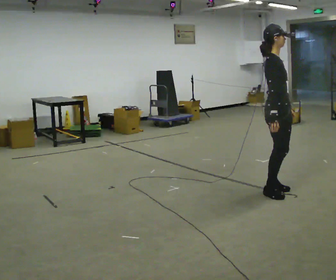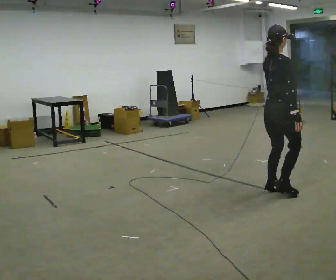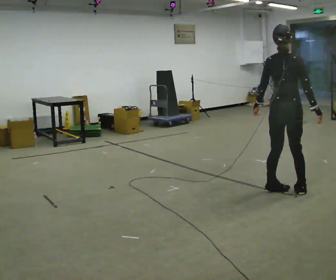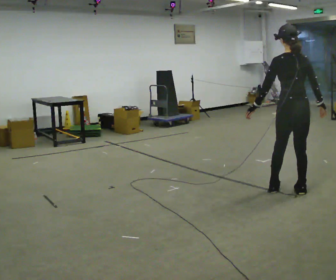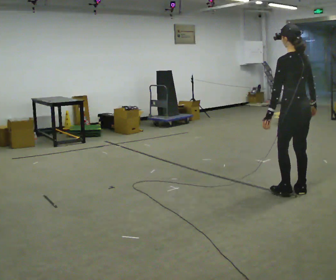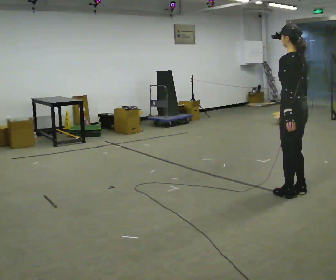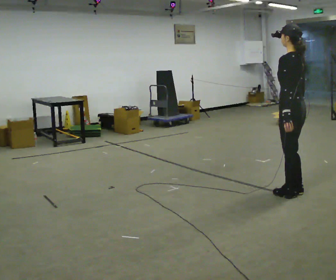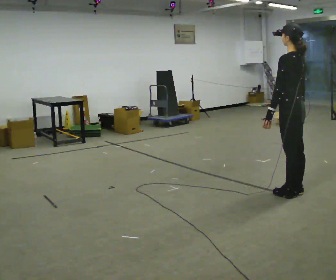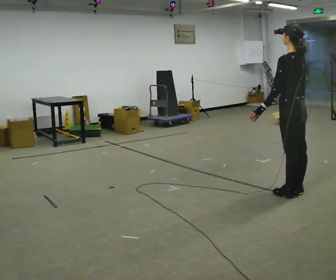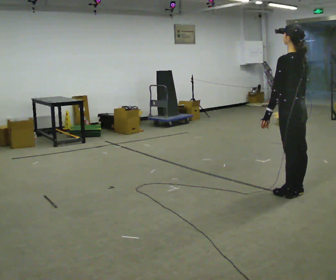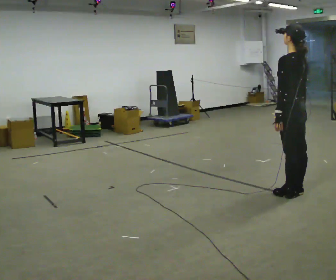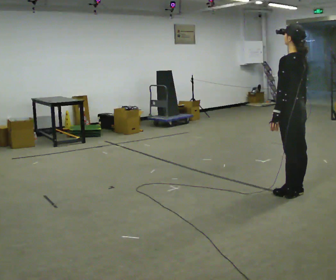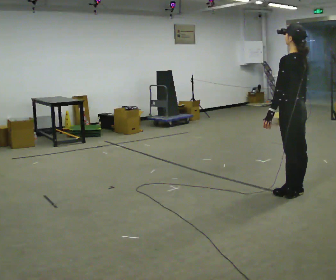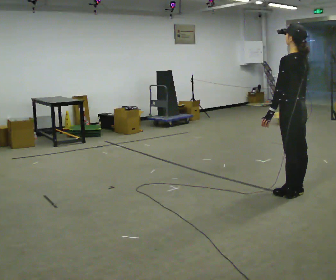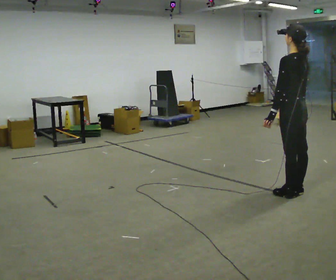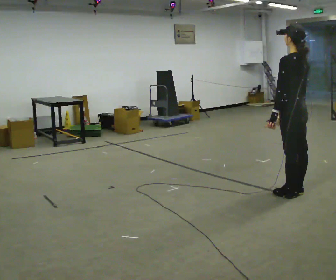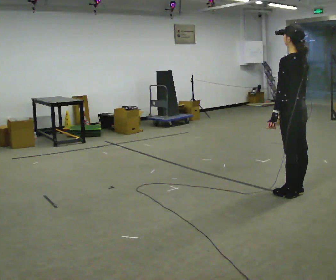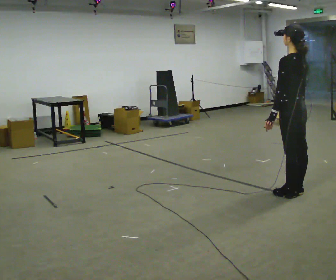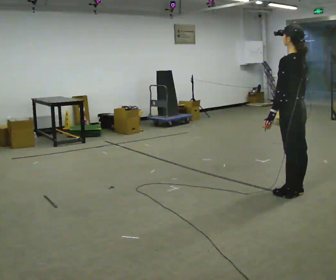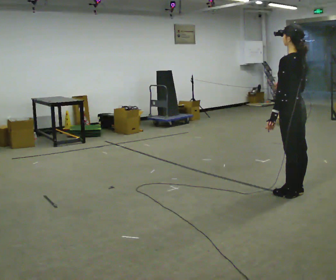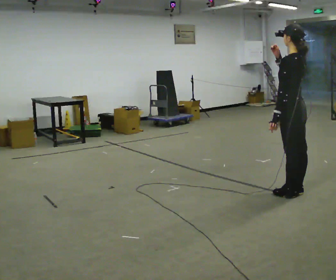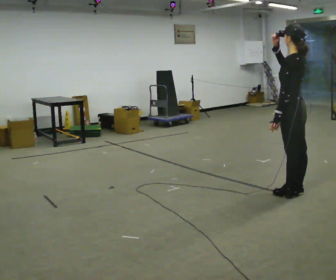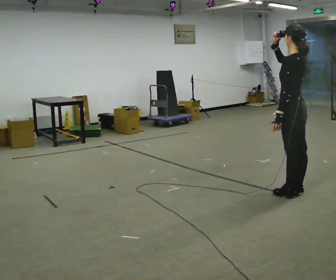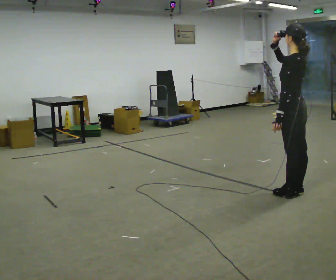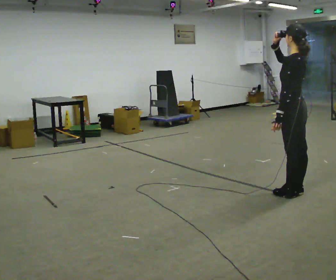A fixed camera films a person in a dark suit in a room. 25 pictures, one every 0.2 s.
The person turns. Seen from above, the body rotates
counterclockwise.
Their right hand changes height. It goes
upward.
0.0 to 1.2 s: The person turns about 135 degrees to their left, counterclockwise seen from above, so the part of the body nearest the lens slides to the right. In the picture they go to the right, about 0.25 m in 2 steps.
1.2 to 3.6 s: The person moves a little, or ends about where they began.
3.6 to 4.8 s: In the picture their right hand goes upward.
The film runs forward here.
